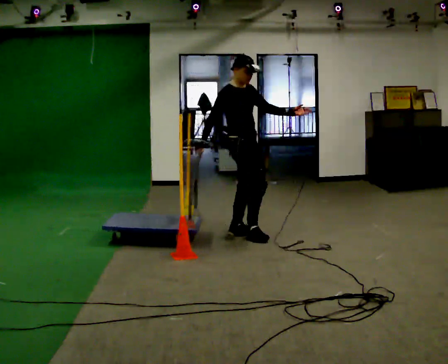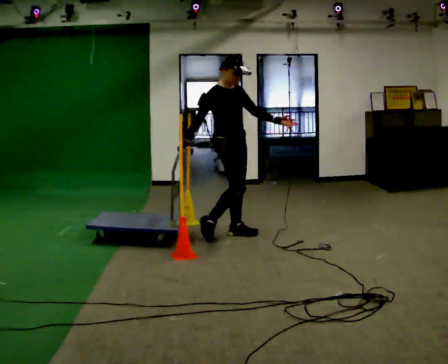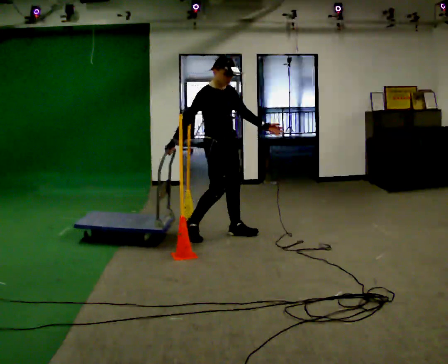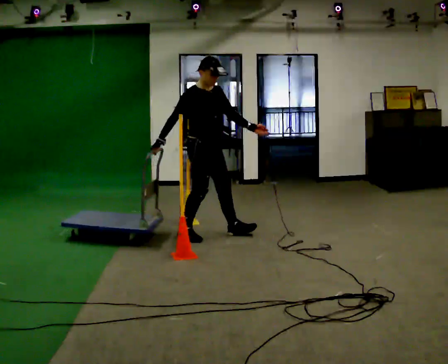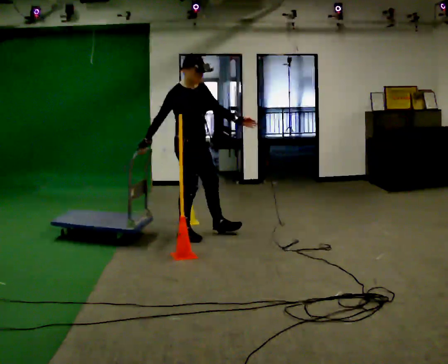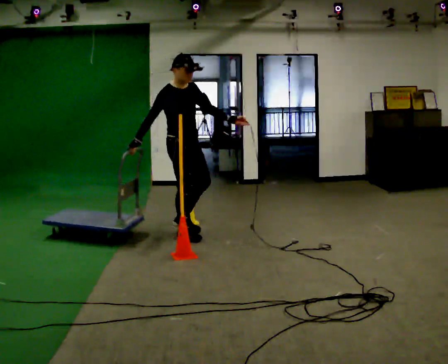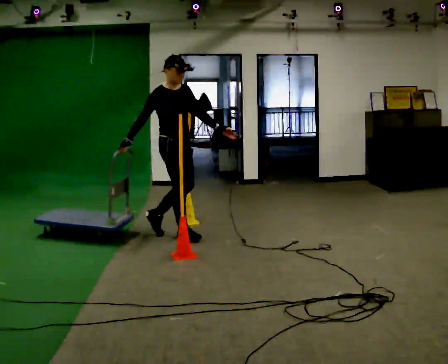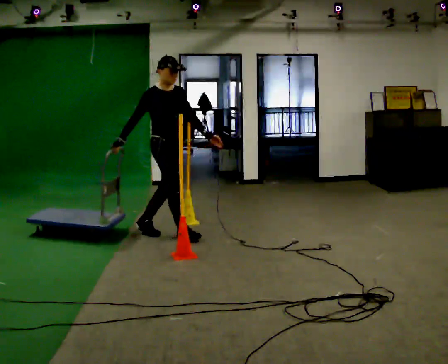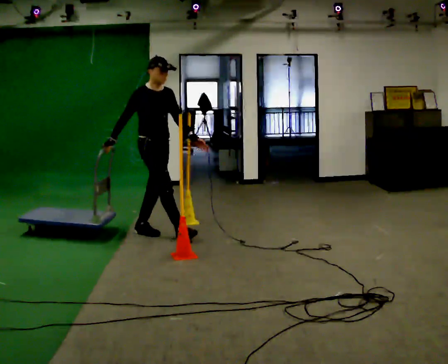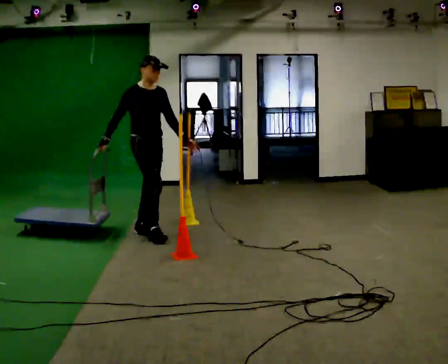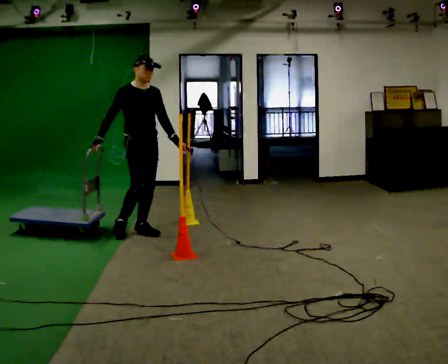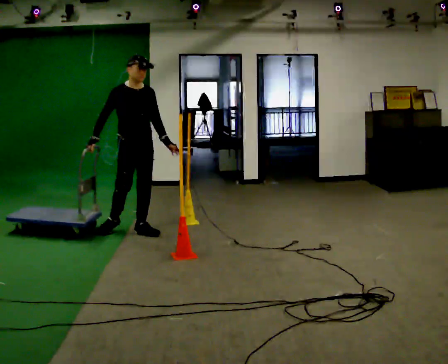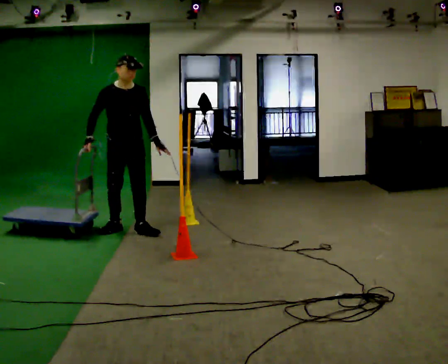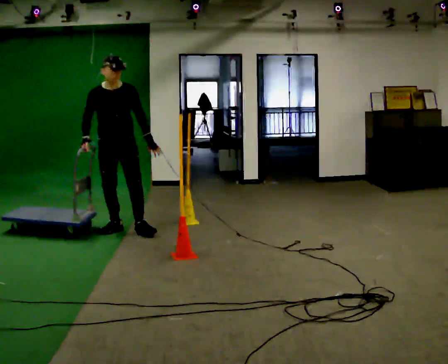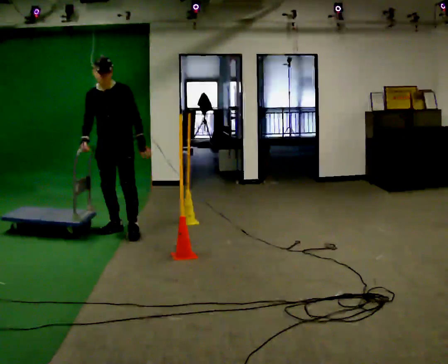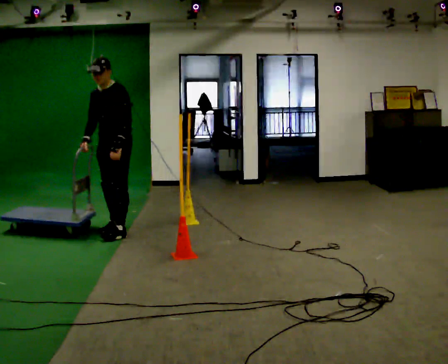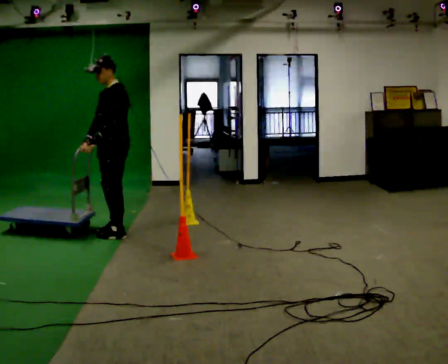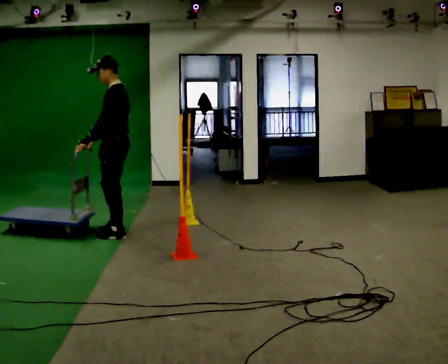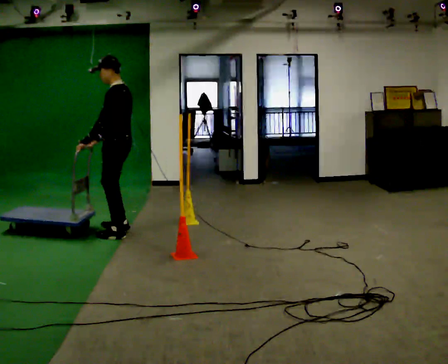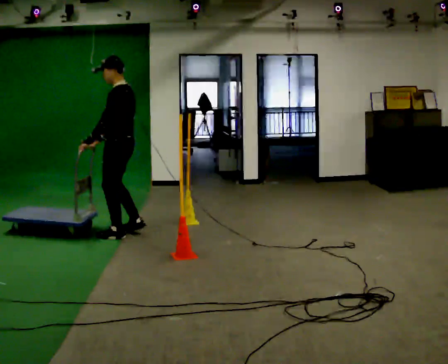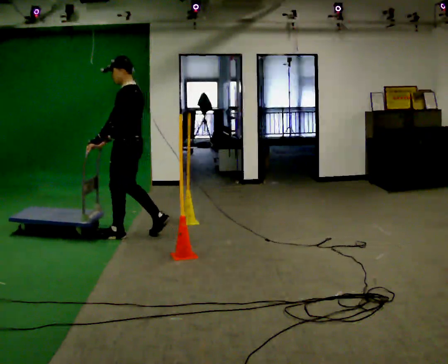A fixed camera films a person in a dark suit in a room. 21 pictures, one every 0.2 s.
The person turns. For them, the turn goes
to their right.
The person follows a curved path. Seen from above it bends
counterclockwise.
0.0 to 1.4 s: In the picture they go to the left, about 0.5 m in 1 step, which for them is backward and to their right.
1.4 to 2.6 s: Seen from above the body turns clockwise, about 45 degrees: to their right, with its near side sliding to the left. In the picture they go to the left, about 0.5 m in 1 step, which for them is backward and to their right.
2.6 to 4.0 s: The person turns about 120 degrees to their right, clockwise seen from above, so the part of the body nearest the lens slides to the left. In the picture they go toward the camera and to the right, about 0.25 m in 2 steps.
The film runs backward here.
